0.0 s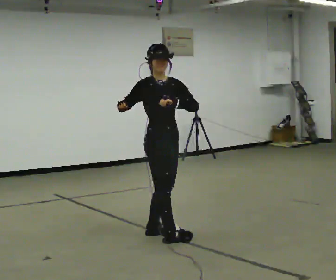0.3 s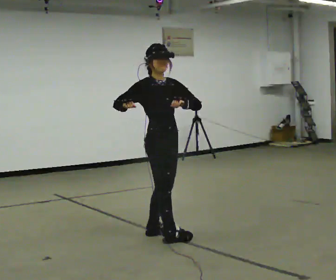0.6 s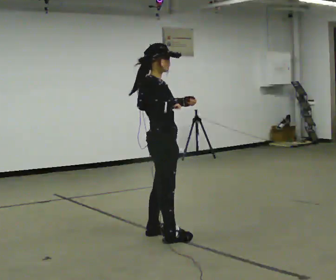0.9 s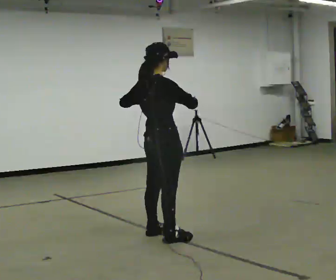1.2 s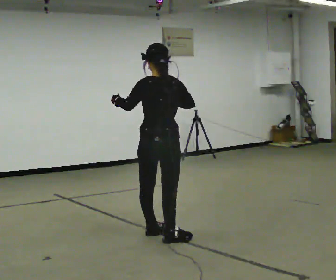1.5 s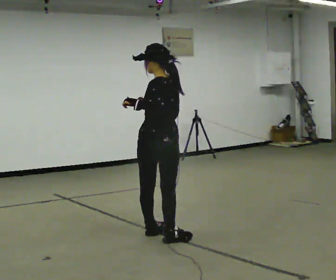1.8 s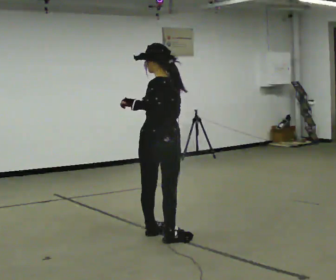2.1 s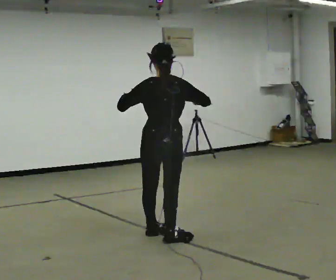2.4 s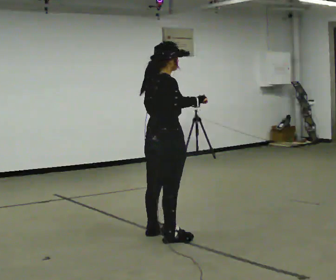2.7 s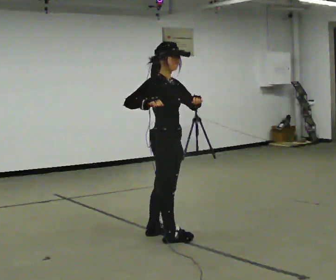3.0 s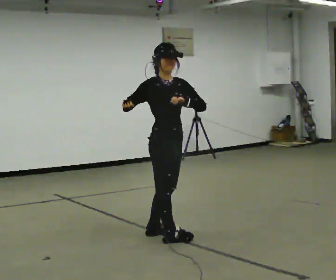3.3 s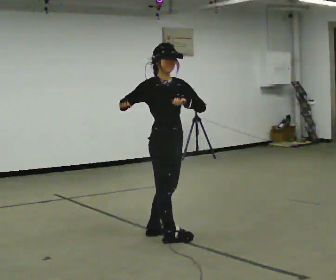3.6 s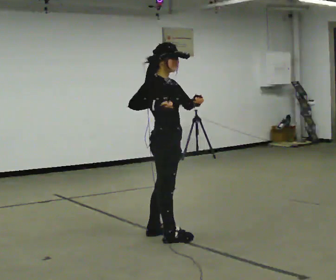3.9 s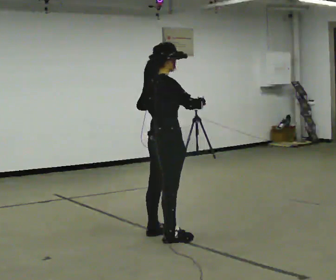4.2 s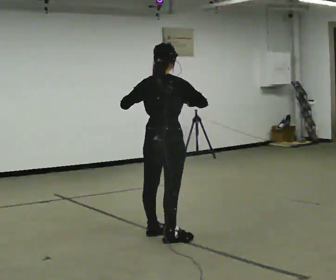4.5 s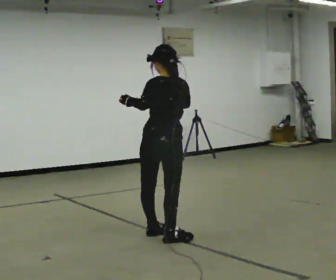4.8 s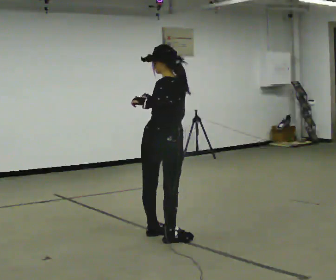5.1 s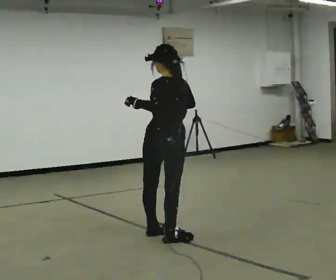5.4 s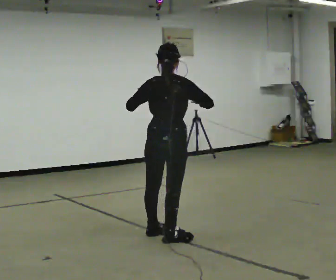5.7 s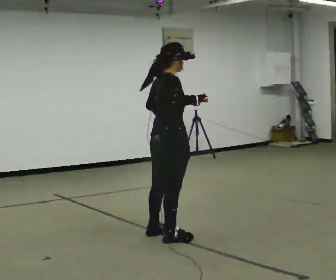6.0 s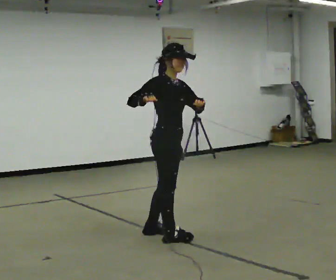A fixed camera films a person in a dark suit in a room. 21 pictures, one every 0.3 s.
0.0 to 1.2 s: The part of the body nearest the lens slides to the right as the person turns to their left by about 120 degrees. In the picture their right hand goes to the right.
1.2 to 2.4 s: The part of the body nearest the lens slides to the left as the person turns to their right by about 30 degrees.
2.4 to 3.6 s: The part of the body nearest the lens slides to the left as the person turns to their right by about 75 degrees. In the picture their right hand goes to the left.
3.6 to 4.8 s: The person turns about 135 degrees to their left, counterclockwise seen from above, so the part of the body nearest the lens slides to the right. In the picture their left hand goes to the left.
4.8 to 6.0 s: The person turns about 120 degrees to their right, clockwise seen from above, so the part of the body nearest the lens slides to the left. In the picture their left hand goes to the right.
The film runs backward here.
